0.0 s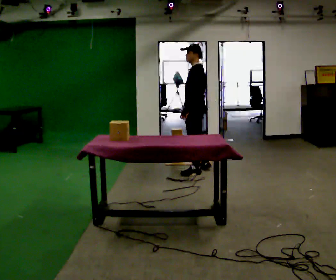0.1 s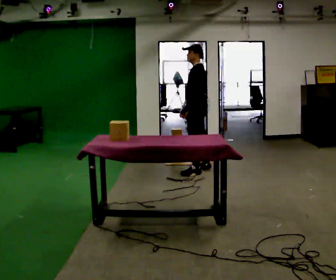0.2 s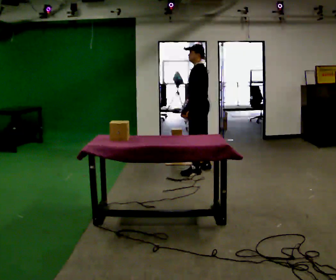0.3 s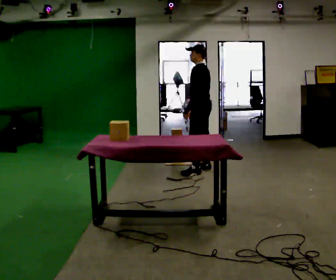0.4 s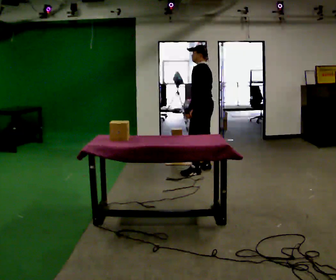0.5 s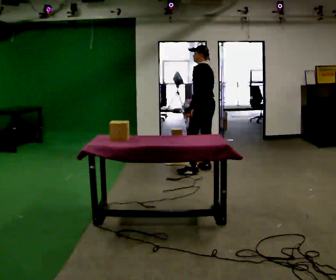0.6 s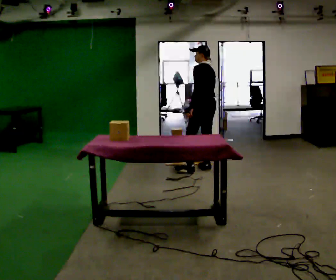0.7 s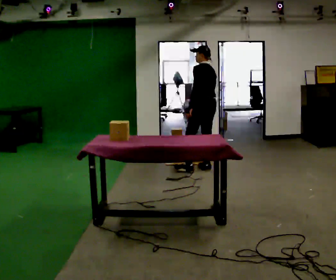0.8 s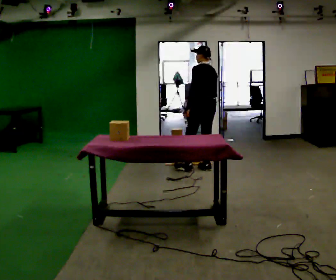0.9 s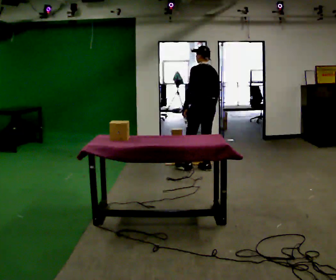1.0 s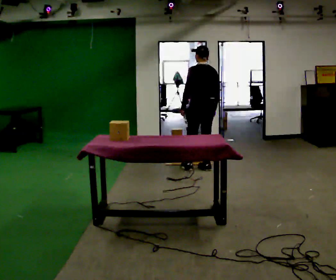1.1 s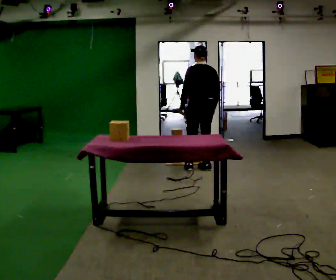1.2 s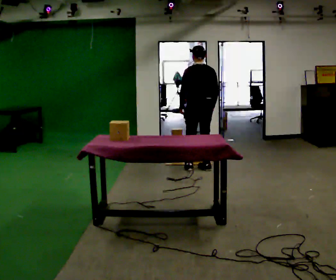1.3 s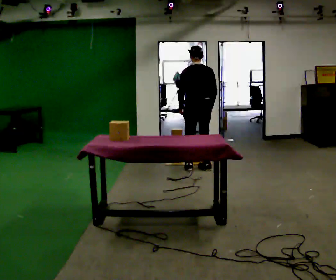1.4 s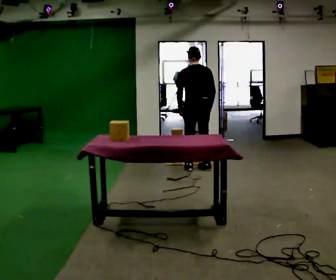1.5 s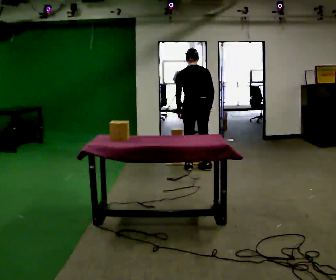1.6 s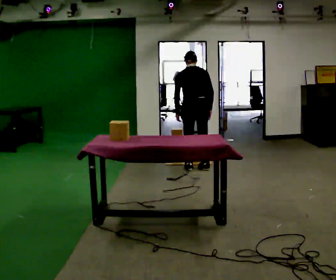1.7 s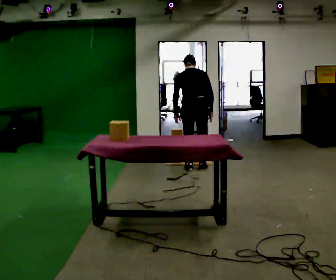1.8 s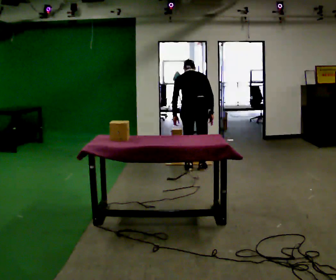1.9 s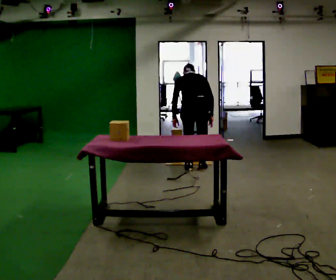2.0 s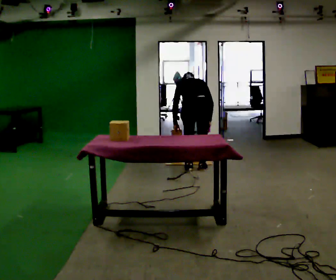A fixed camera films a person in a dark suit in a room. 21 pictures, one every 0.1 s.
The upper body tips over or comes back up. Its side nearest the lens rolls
upward.
The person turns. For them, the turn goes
to their right.
0.0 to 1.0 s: Seen from above the body turns clockwise, about 60 degrees: to their right, with its near side sliding to the left. In the picture they go away from the camera, about 0.25 m in 1 step, which for them is to their right. In the picture their right hand goes to the right.
1.0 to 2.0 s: Seen from above the body turns clockwise, about 30 degrees: to their right, with its near side sliding to the left. The upper body goes downward. The upper body tips away from the camera, its near side rolling upward, as they bend forward.
The film runs backward here.
